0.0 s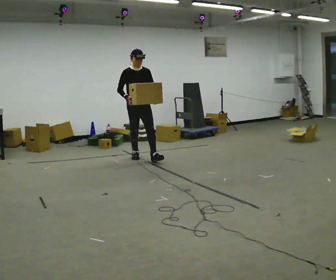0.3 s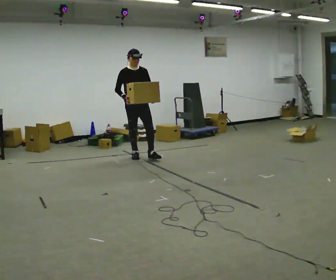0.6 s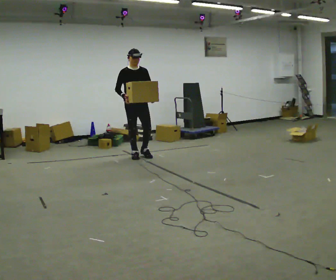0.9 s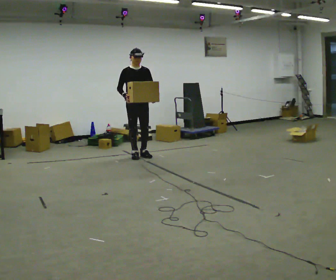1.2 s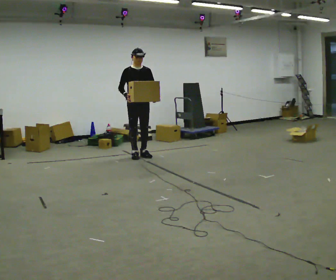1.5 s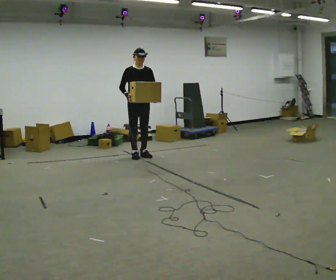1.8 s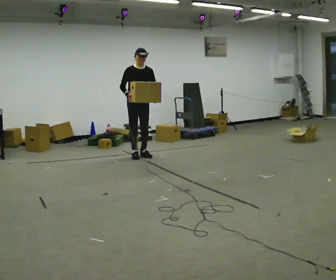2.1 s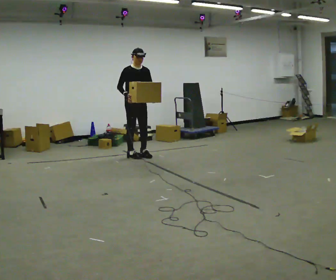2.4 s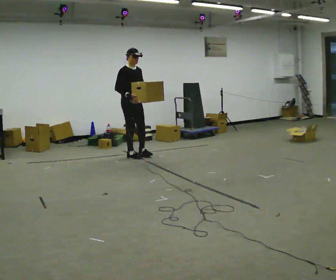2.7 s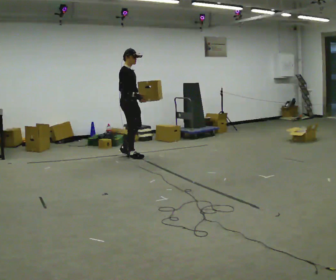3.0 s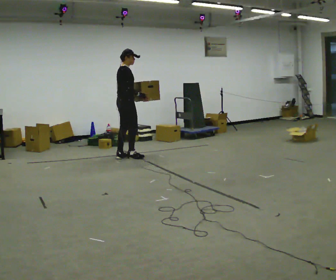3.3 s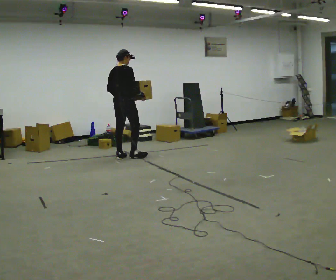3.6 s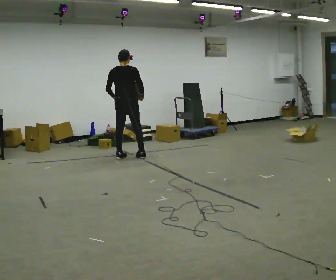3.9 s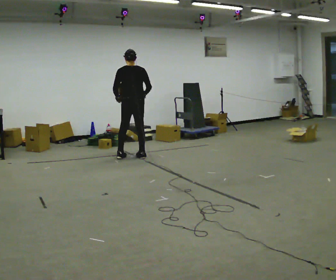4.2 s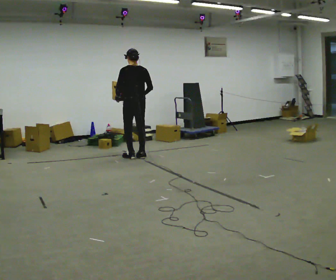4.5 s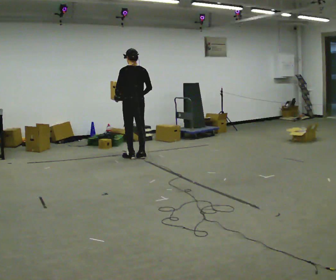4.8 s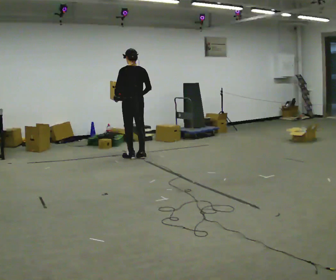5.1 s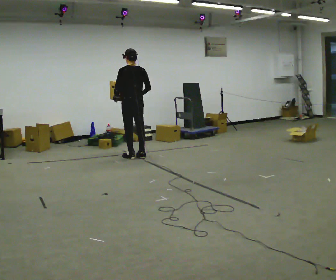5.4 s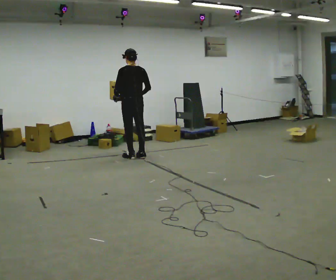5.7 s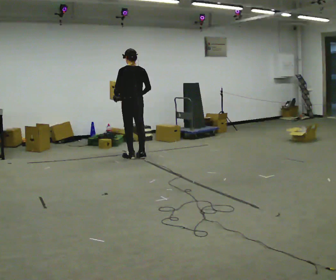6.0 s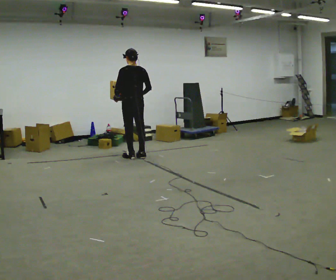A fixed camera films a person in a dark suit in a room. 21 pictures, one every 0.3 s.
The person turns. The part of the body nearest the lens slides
to the right.
The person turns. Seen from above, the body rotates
counterclockwise.
0.0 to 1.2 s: In the picture they go away from the camera, about 0.25 m in 1 step, which for them is backward.
1.2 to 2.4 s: The part of the body nearest the lens slides to the right as the person turns to their left by about 30 degrees.
2.4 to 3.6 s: Seen from above the body turns counterclockwise, about 120 degrees: to their left, with its near side sliding to the right. In the picture their left hand goes to the left, the arm swinging clockwise.
3.6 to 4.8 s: Seen from above the body turns counterclockwise, about 30 degrees: to their left, with its near side sliding to the right.
4.8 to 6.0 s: The person keeps their place and pose.
The film runs backward here.
